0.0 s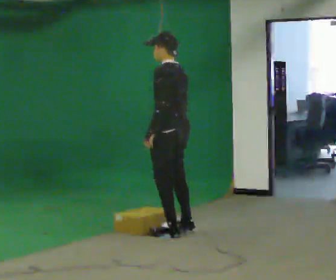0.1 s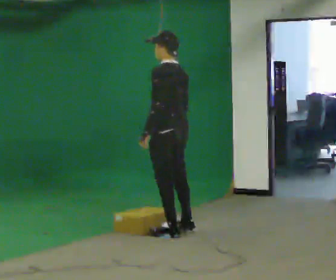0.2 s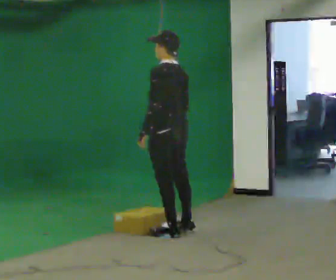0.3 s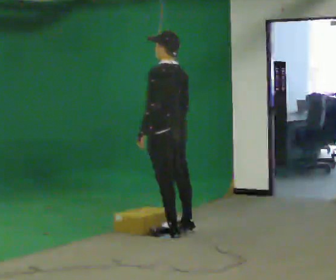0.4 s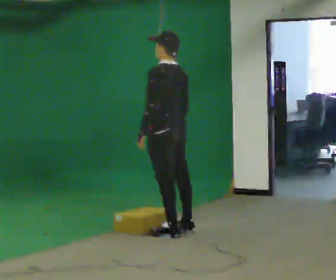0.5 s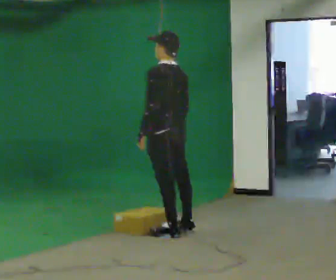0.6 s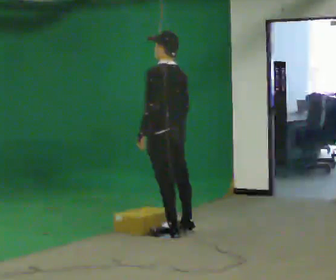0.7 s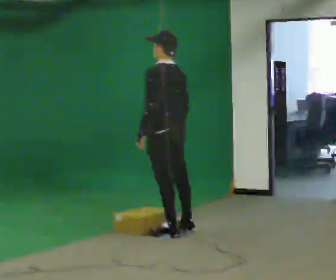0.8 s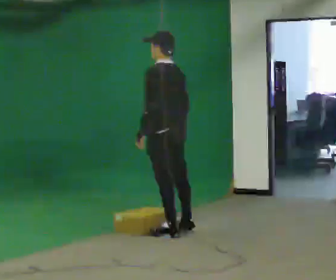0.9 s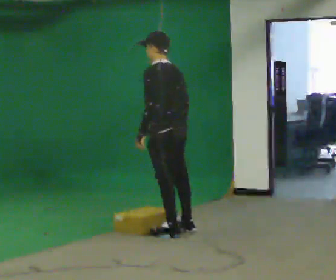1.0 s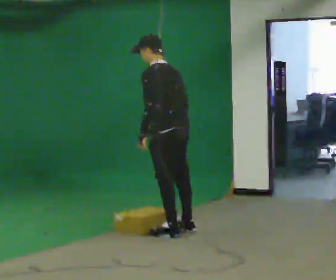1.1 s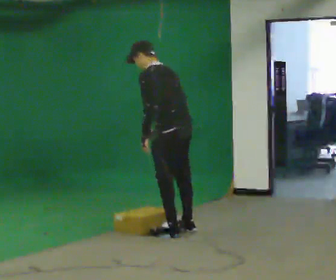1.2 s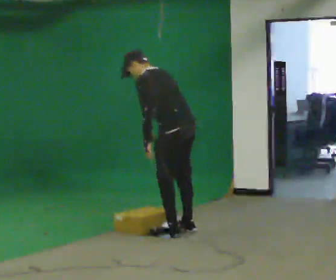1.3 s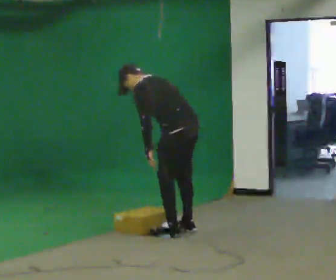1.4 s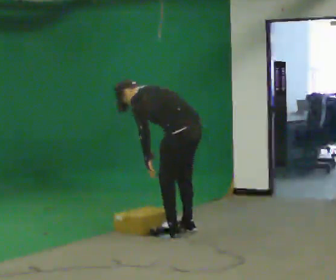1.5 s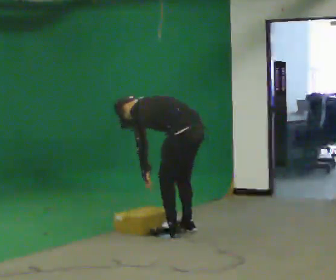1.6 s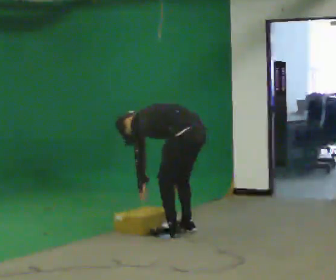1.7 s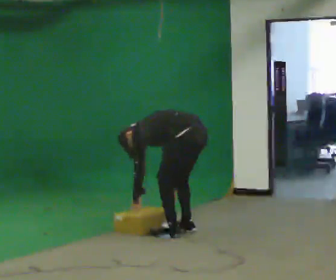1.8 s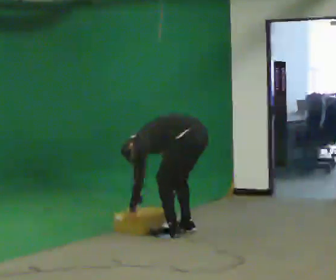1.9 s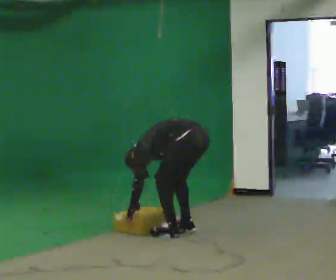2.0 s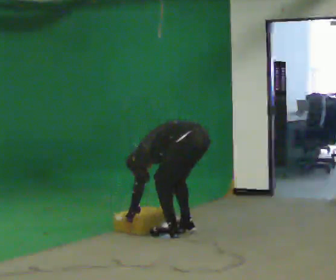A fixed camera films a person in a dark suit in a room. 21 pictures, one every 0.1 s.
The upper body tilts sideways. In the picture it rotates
counterclockwise.
Their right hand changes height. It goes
downward.
0.0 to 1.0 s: The person moves a little, or ends about where they began.
1.0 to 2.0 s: In the picture they go to the right, about 0.25 m, which for them is backward. The shoulders move downward. In the picture the upper body tilts counterclockwise, shoulders to the left, as they bend forward. In the picture their right hand goes downward.
The film runs backward here.
